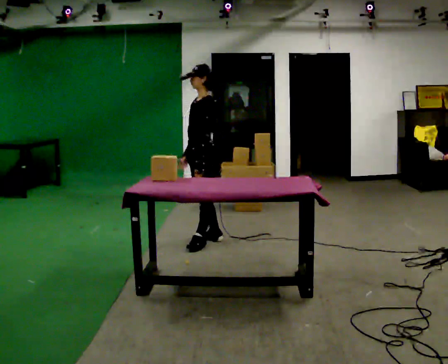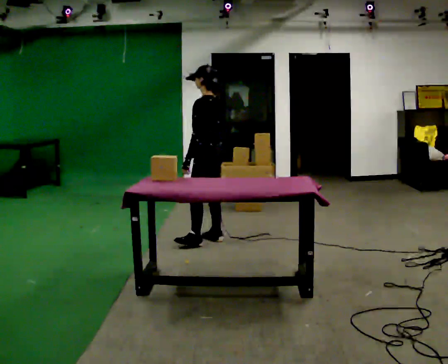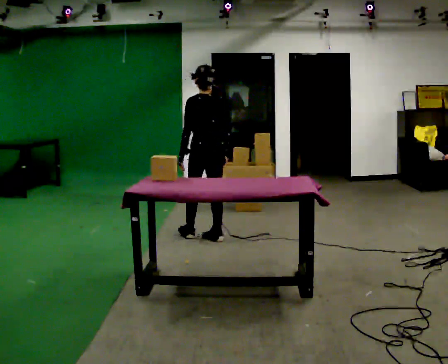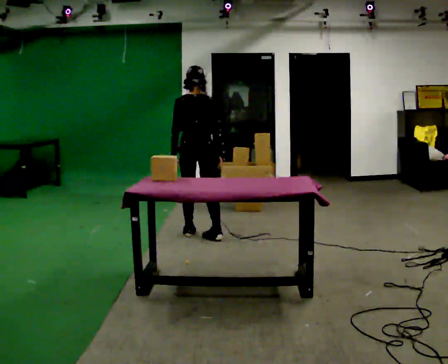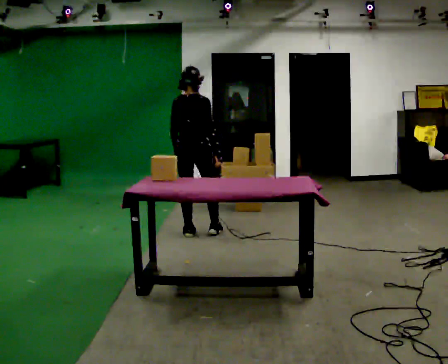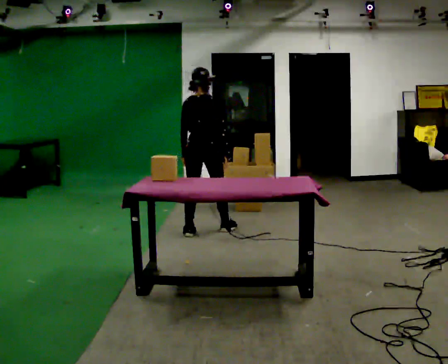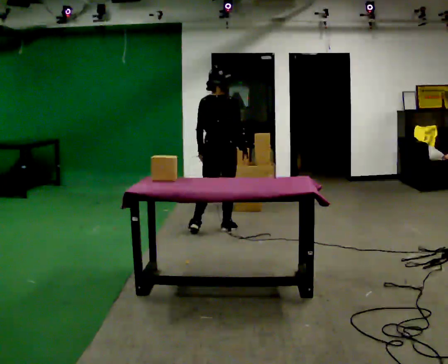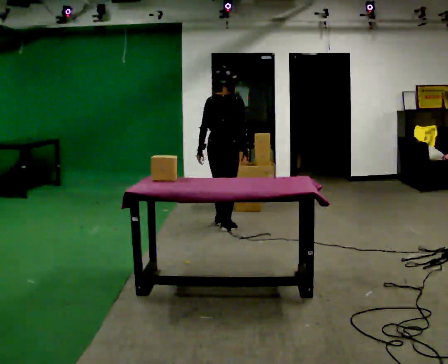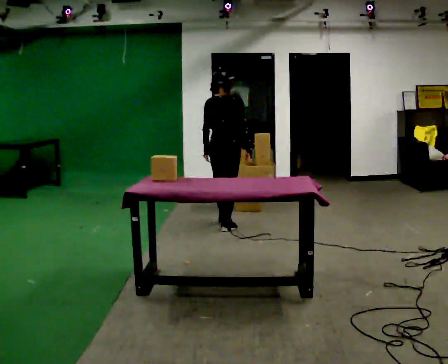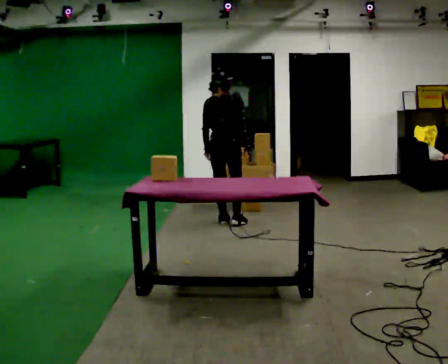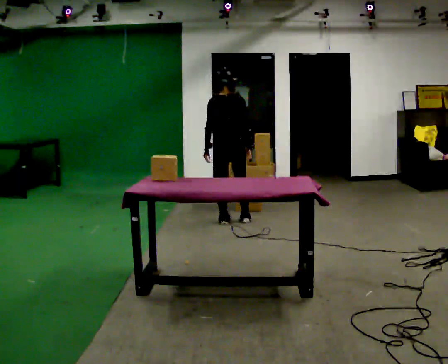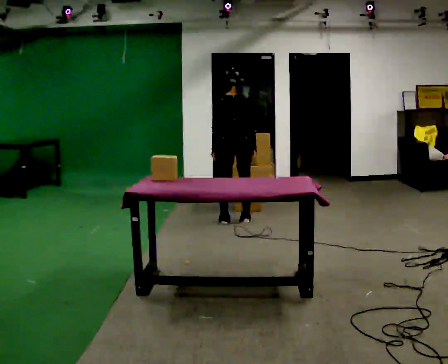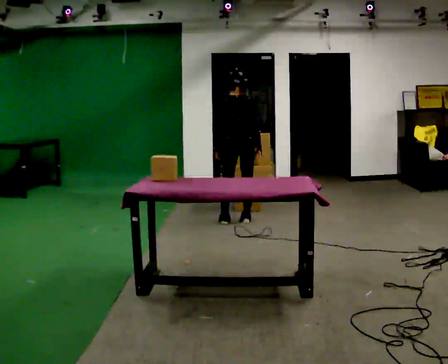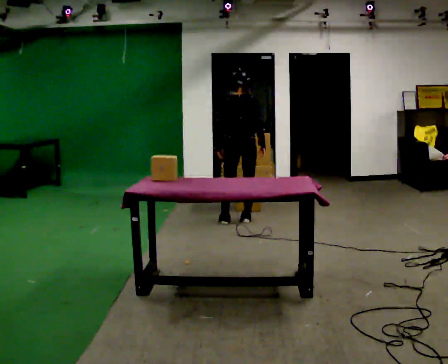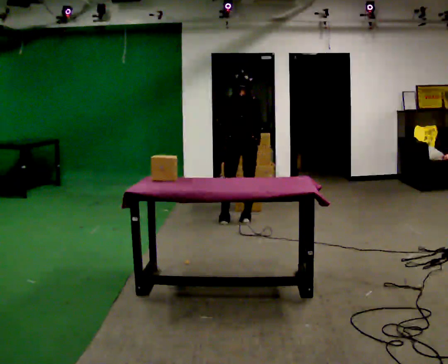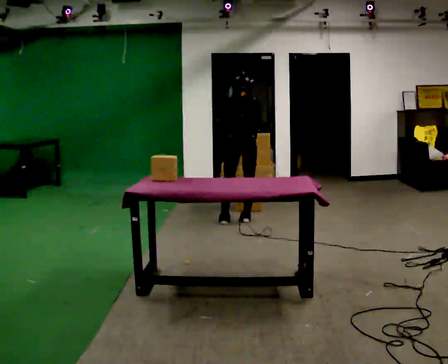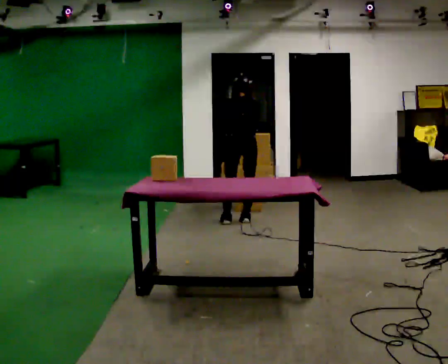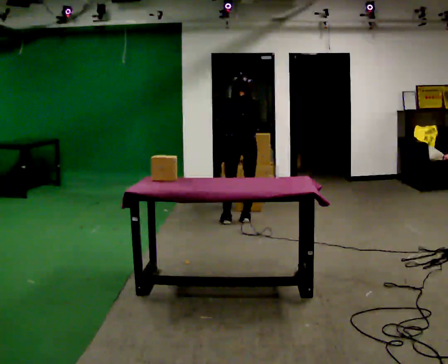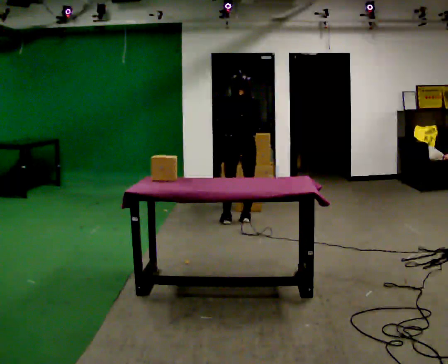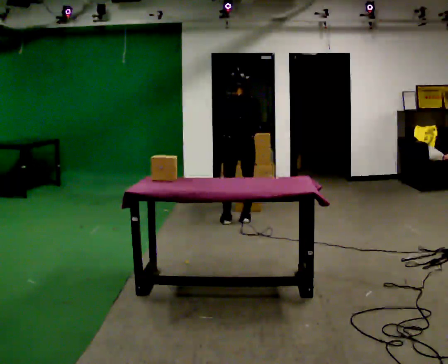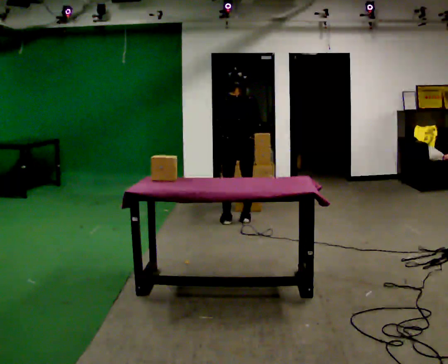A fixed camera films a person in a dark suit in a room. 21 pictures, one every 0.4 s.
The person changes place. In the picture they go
away from the camera.
0.0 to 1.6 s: The person turns about 120 degrees to their right, clockwise seen from above, so the part of the body nearest the lens slides to the left. In the picture they go away from the camera and to the left, about 0.25 m in 1 step.
1.6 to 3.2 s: In the picture they go away from the camera and to the right, about 0.5 m in 2 steps, which for them is forward and to their right.
3.2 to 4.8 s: In the picture they go away from the camera, about 0.25 m in 1 step, which for them is forward and to their right.
4.8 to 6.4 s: The upper body tips away from the camera, its near side rolling upward, as they bend forward.
6.4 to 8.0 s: The upper body tips toward the camera, its near side rolling downward, as they lean back or straighten.
The film runs forward here.
